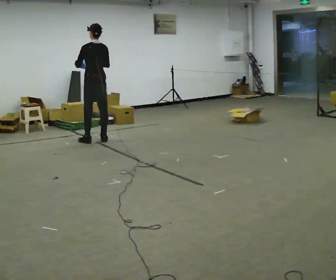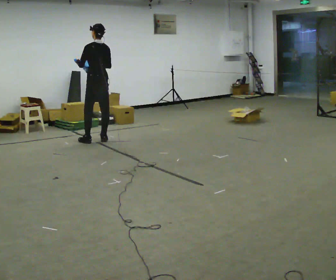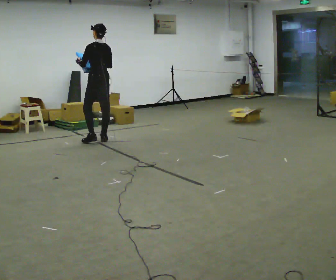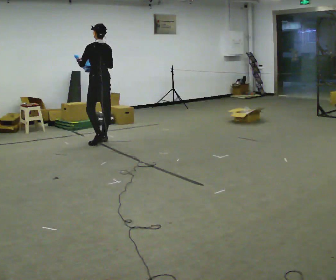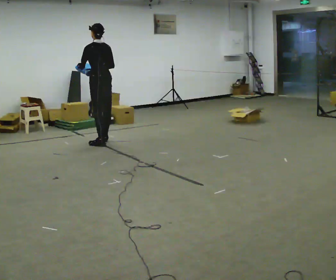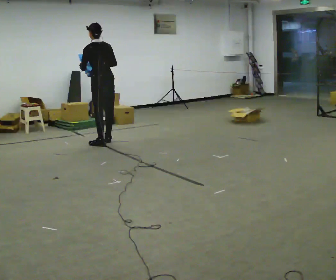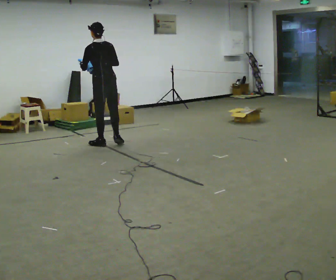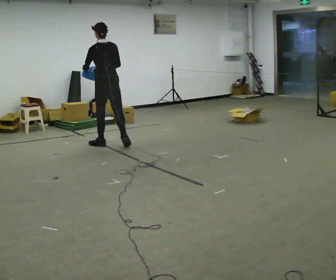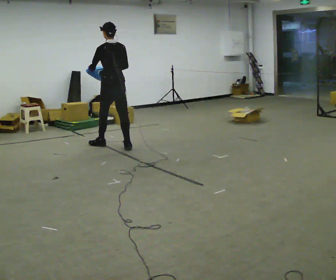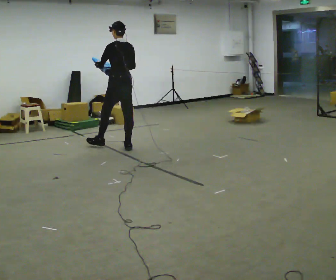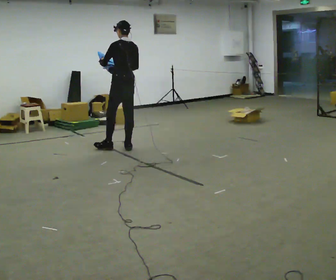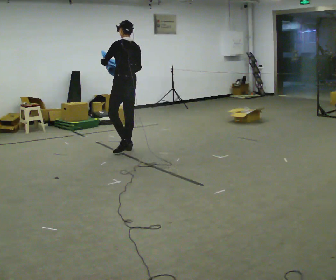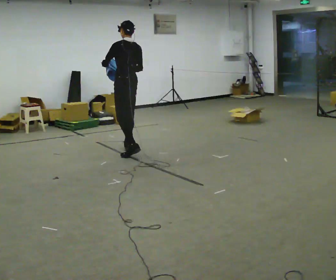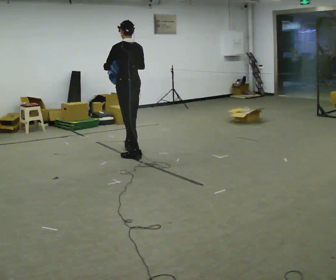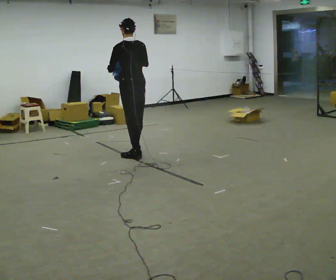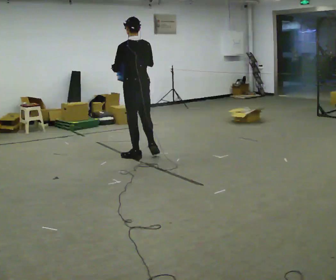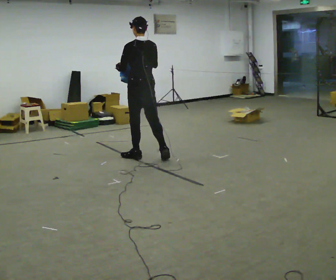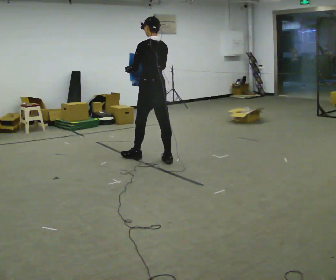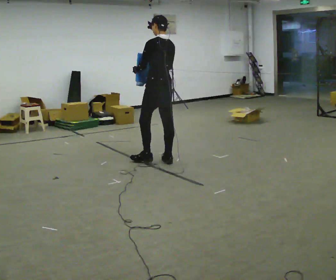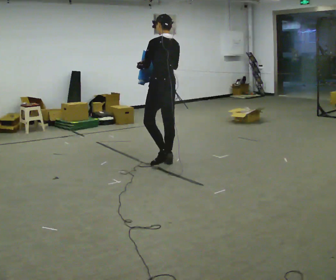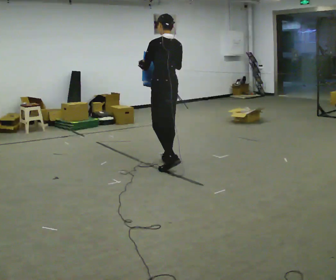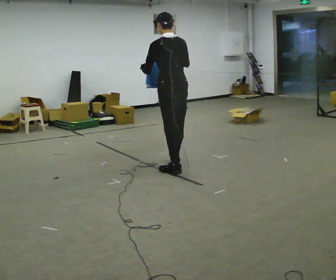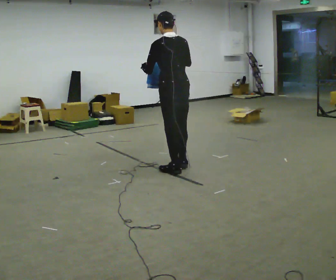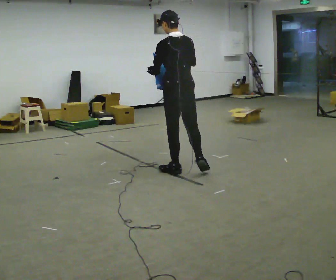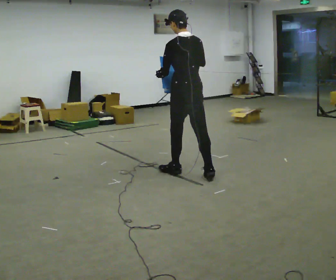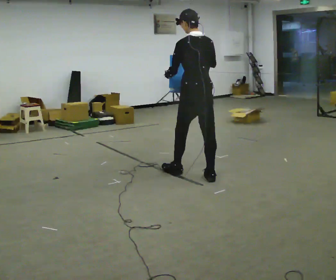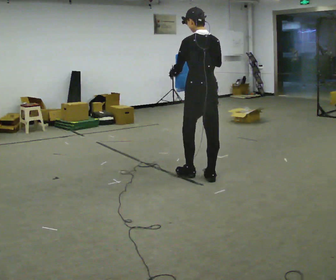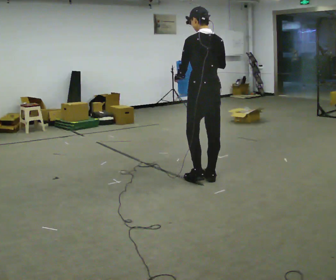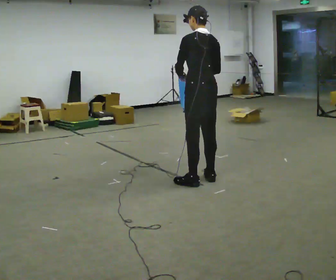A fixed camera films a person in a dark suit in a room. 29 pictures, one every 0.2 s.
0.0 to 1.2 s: In the picture they go toward the camera and to the right, about 0.25 m in 2 steps, which for them is backward.
1.2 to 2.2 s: In the picture they go to the right and toward the camera, about 0.5 m in 1 step, which for them is backward.
2.2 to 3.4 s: In the picture they go toward the camera and to the right, about 0.5 m in 2 steps, which for them is backward.
3.4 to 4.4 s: In the picture they go toward the camera and to the right, about 0.5 m in 1 step, which for them is backward.
4.4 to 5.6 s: In the picture they go toward the camera and to the right, about 0.5 m in 1 step, which for them is backward.
The film runs backward here.
